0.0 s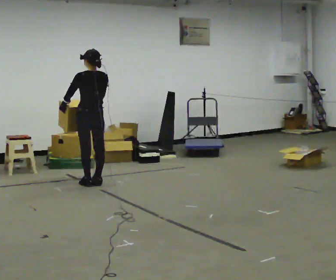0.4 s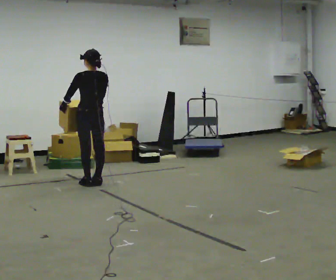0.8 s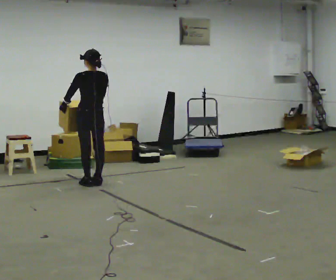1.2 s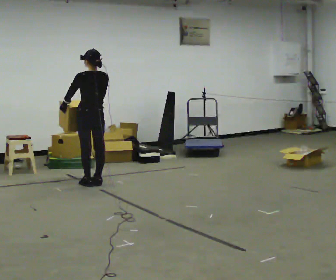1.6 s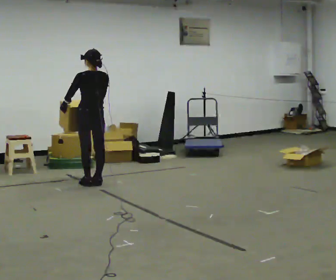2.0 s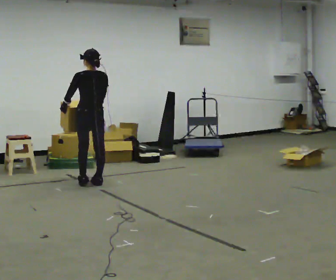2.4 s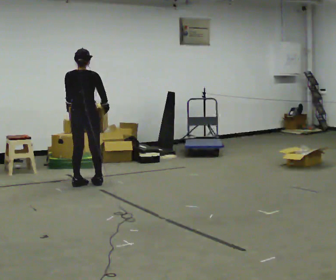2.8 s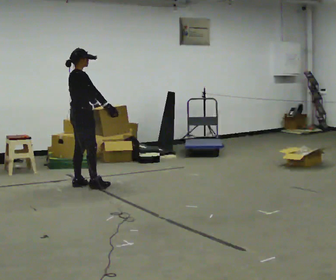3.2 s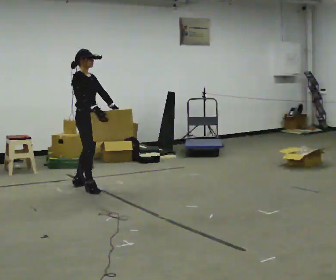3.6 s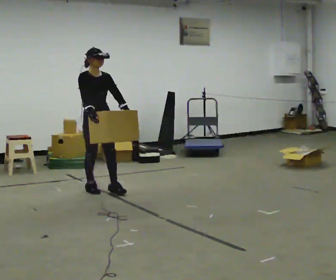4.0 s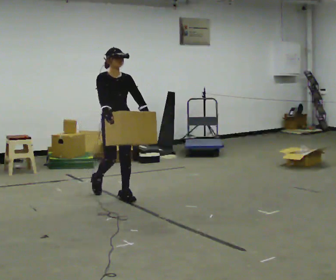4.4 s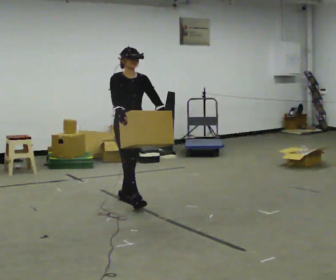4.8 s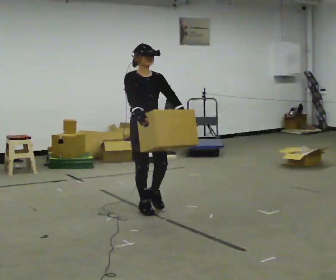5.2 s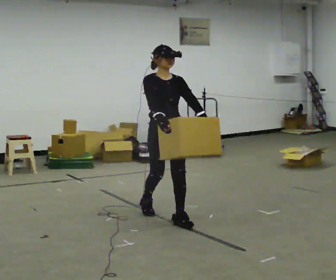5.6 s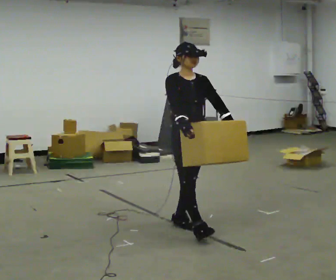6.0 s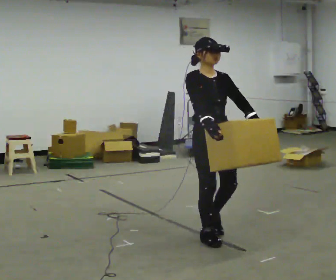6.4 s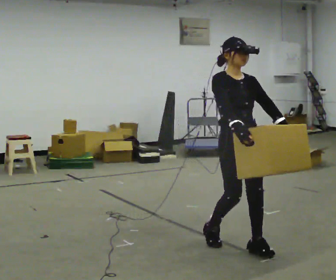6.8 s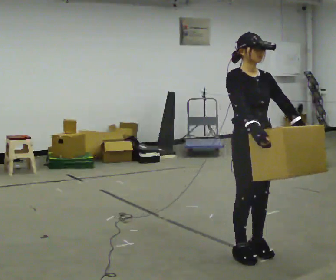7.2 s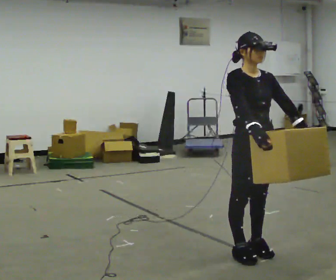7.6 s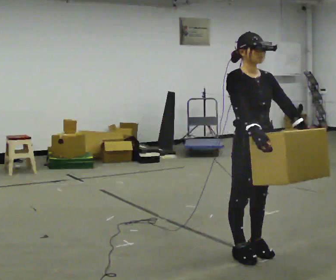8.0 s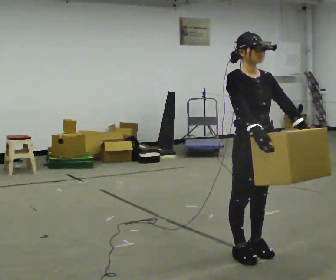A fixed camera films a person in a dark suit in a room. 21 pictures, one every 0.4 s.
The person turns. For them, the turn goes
to their right.
Their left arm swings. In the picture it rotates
counterclockwise.
0.0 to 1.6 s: The person keeps their place and pose.
1.6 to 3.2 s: The part of the body nearest the lens slides to the left as the person turns to their right by about 135 degrees. In the picture they go toward the camera, about 0.25 m in 2 steps.
3.2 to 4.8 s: The part of the body nearest the lens slides to the left as the person turns to their right by about 45 degrees. In the picture they go toward the camera and to the right, about 1 m in 2 steps, which for them is forward.
4.8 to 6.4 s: In the picture they go toward the camera and to the right, about 1.5 m in 3 steps, which for them is forward.
6.4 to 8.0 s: In the picture they go toward the camera, about 0.25 m in 1 step, which for them is forward.
The film runs forward here.
